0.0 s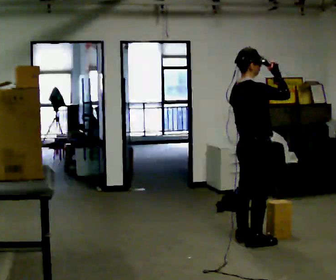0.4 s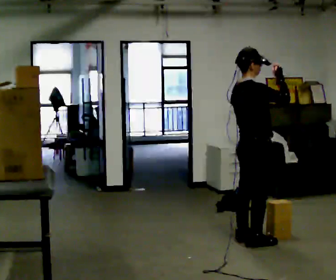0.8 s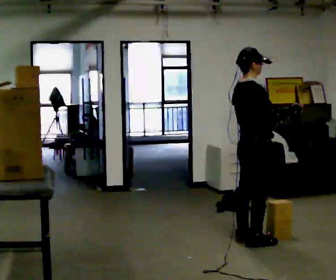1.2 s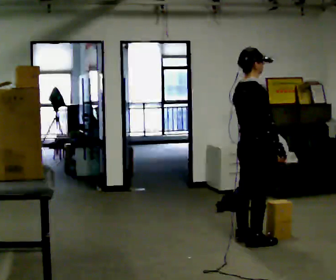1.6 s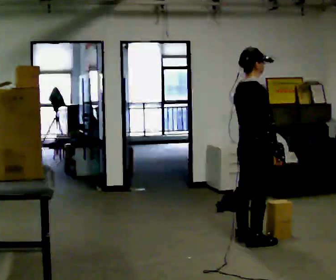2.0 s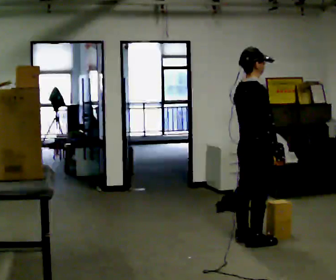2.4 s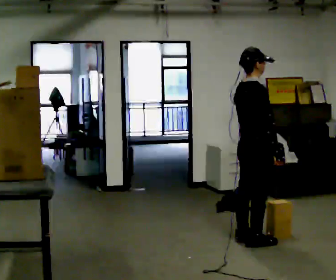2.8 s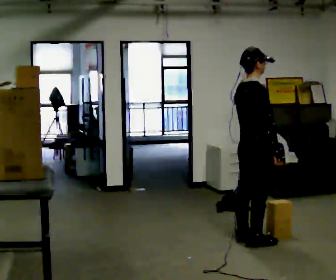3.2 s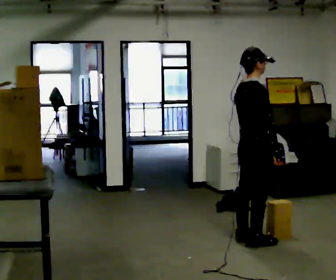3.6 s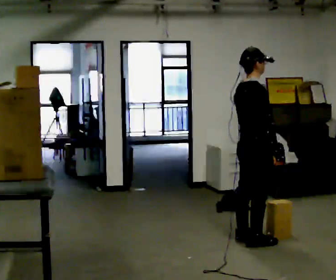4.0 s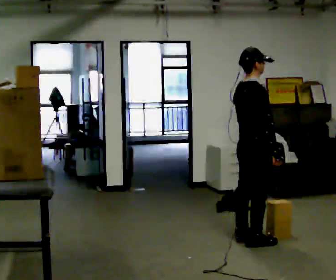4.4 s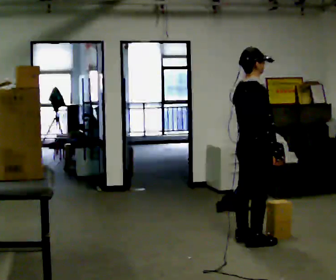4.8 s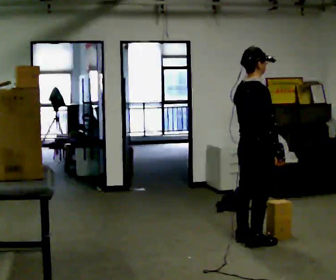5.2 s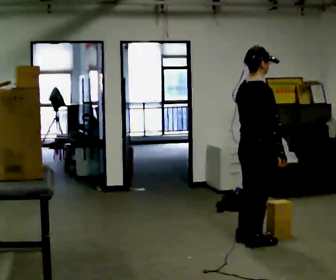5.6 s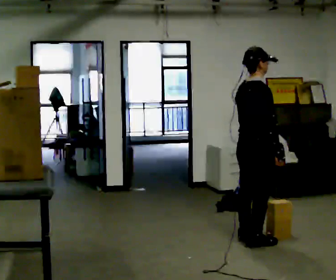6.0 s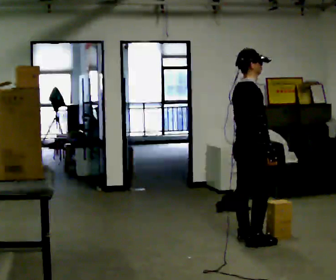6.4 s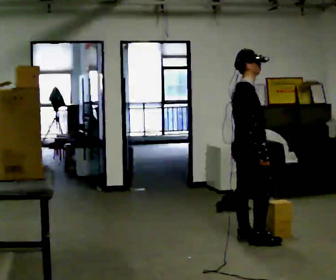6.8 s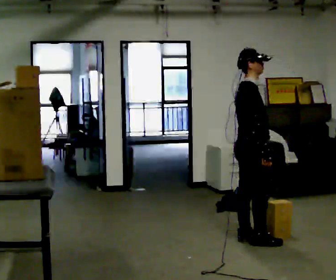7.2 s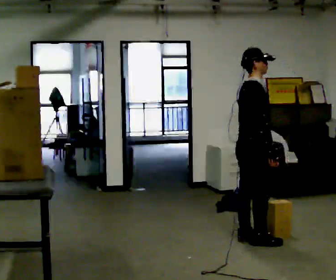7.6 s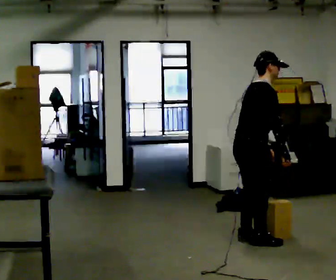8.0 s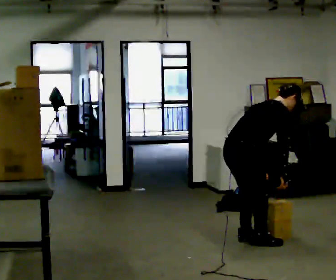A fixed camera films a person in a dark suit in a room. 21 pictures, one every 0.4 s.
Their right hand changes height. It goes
downward.
The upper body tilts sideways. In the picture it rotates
clockwise.
0.0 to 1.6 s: In the picture their right hand goes downward.
1.6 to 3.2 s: The person keeps their place and pose.
3.2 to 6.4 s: The person moves a little, or ends about where they began.
6.4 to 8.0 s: The upper body goes downward. In the picture the upper body tilts clockwise, shoulders to the right, as they bend forward.
The film runs backward here.
